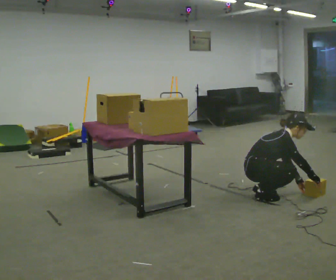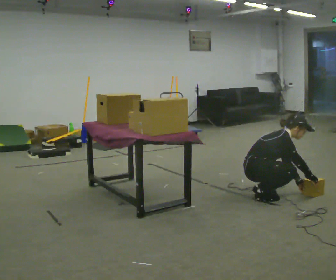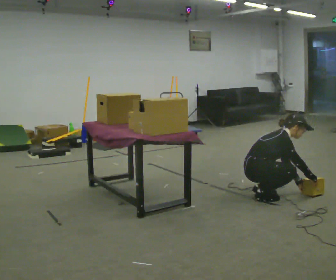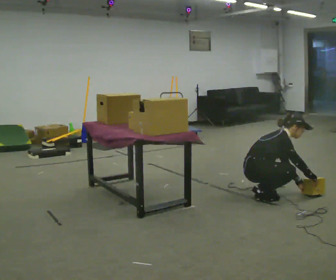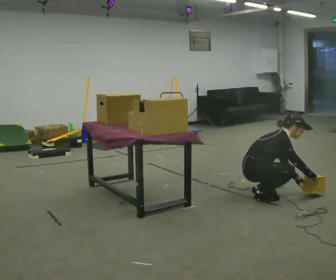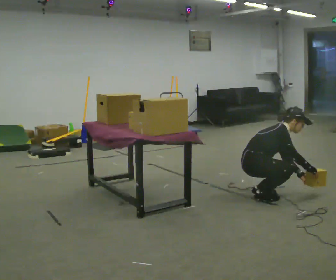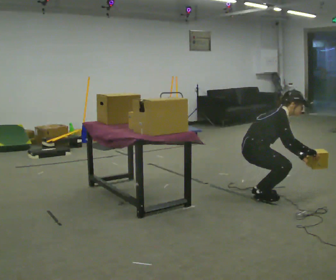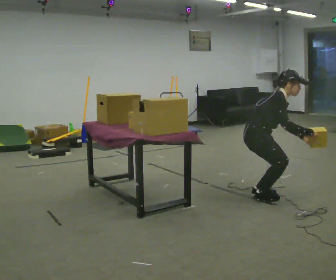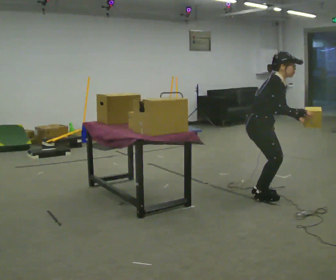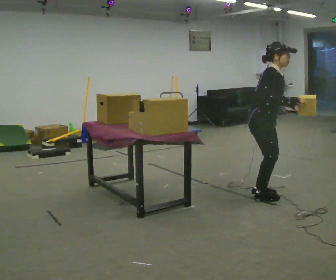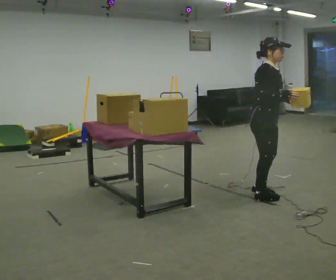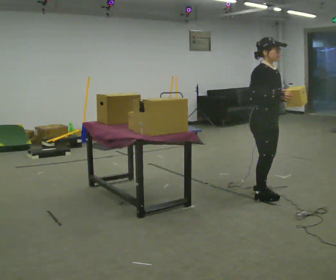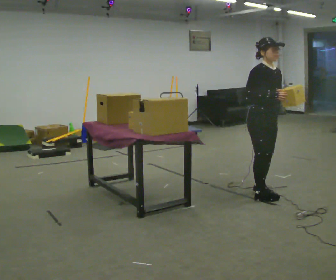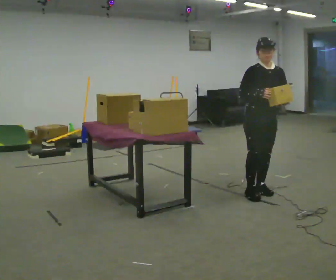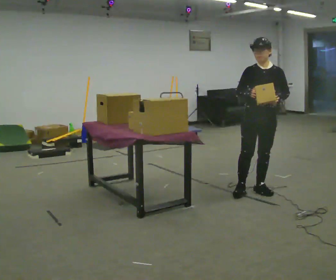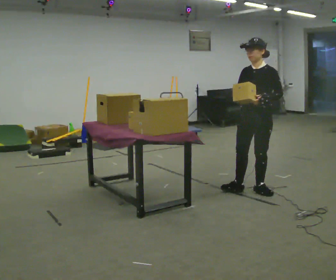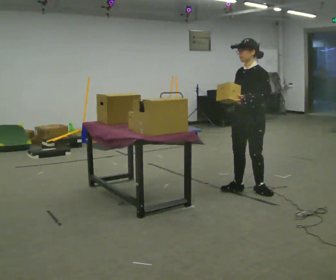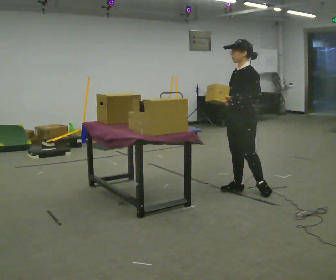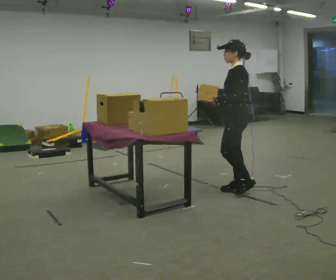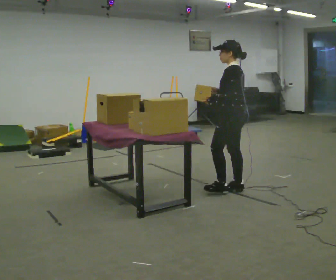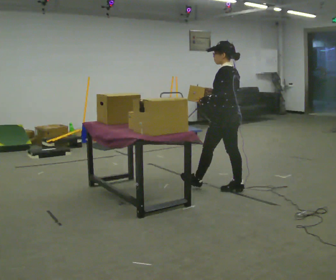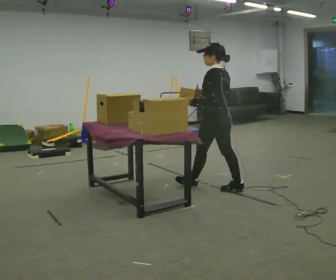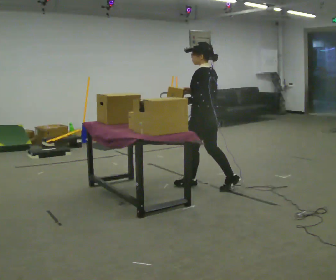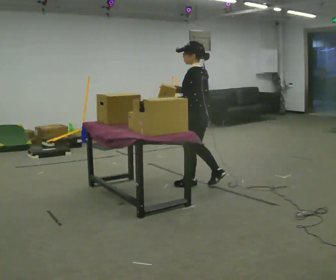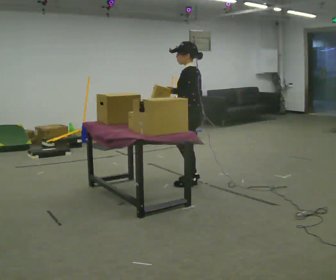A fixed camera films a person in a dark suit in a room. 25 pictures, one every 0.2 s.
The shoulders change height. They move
upward.
The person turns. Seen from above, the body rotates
clockwise.
0.0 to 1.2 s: The shoulders move upward.
1.2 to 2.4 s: Seen from above the body turns clockwise, about 30 degrees: to their right, with its near side sliding to the left. The upper body goes upward. In the picture the upper body tilts counterclockwise, shoulders to the left, as they lean back or straighten. In the picture their right hand goes upward and to the left.
2.4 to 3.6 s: The part of the body nearest the lens slides to the left as the person turns to their right by about 135 degrees. In the picture they go to the left and away from the camera, about 0.25 m in 1 step.
3.6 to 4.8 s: In the picture they go to the left, about 0.5 m in 1 step, which for them is forward.
The film runs forward here.
